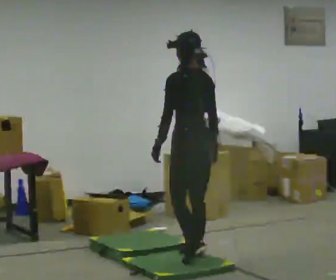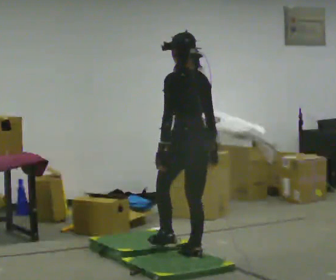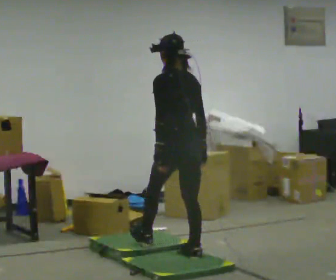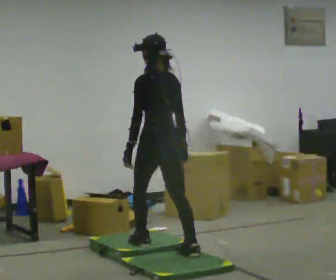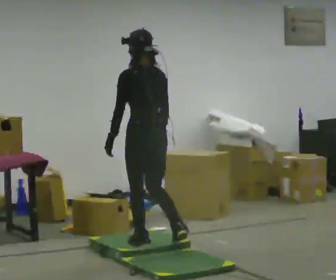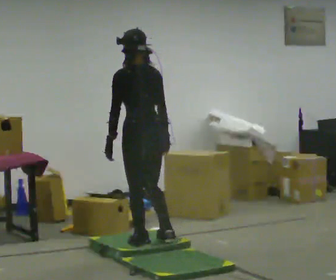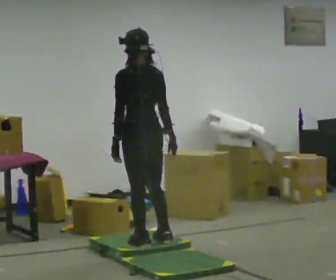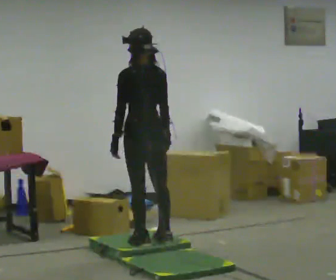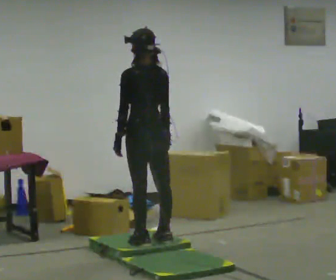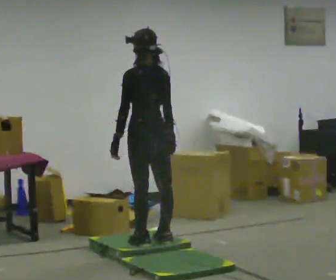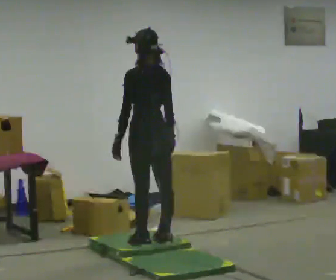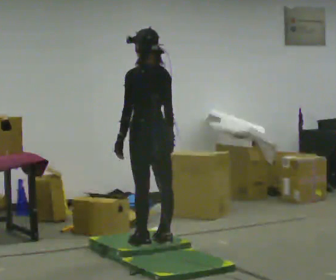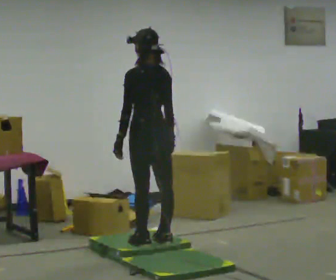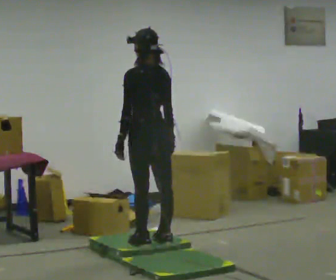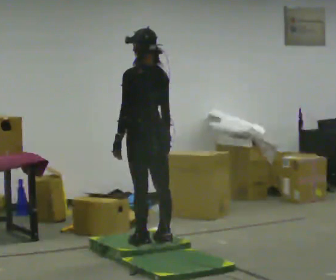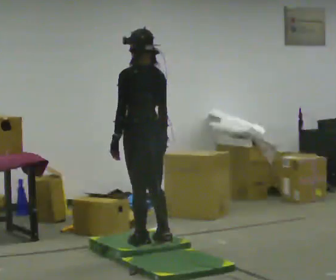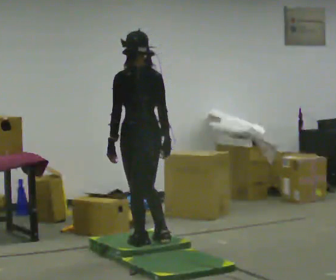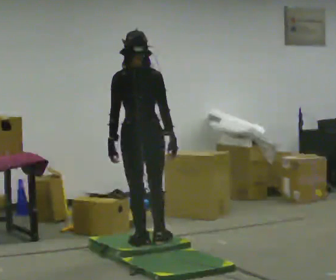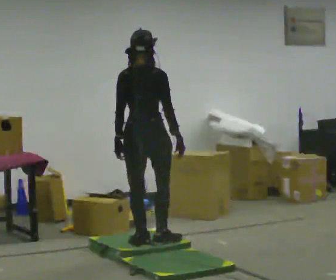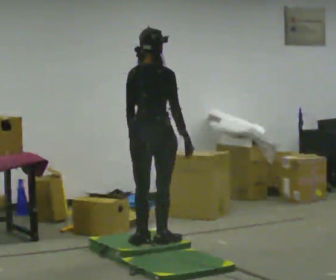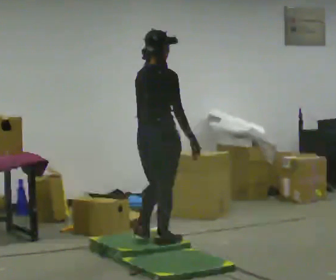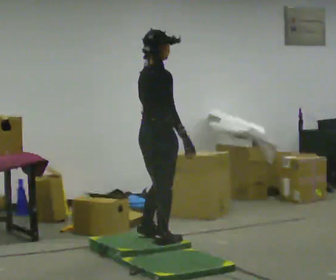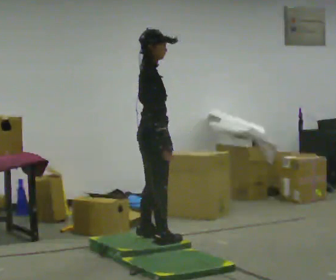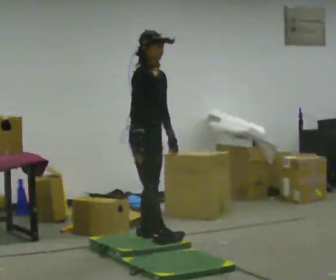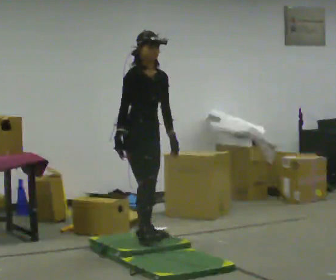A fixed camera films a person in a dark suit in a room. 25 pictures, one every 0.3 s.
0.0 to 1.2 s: In the picture they go to the left and away from the camera, about 0.5 m in 1 step, which for them is forward and to their left.
1.2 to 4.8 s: The person moves a little, or ends about where they began.
4.8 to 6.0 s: The person turns about 60 degrees to their right, clockwise seen from above, so the part of the body nearest the lens slides to the left.
6.0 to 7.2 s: Seen from above the body turns clockwise, about 105 degrees: to their right, with its near side sliding to the left. In the picture they go away from the camera, about 0.25 m in 1 step. In the picture their right hand goes to the left, the arm swinging clockwise.
The film runs forward here.
